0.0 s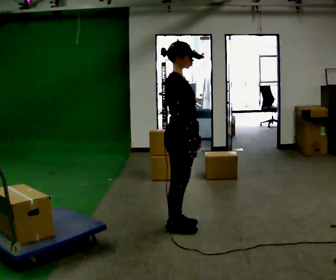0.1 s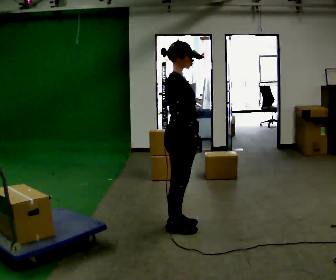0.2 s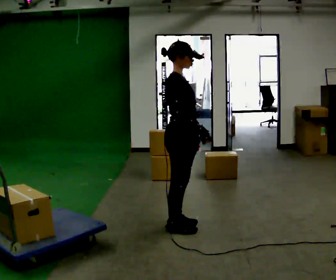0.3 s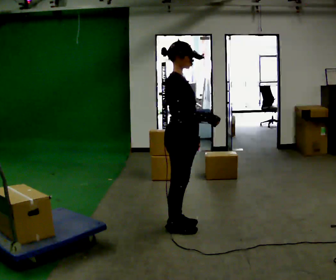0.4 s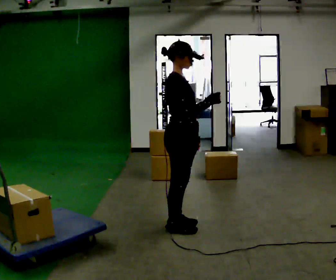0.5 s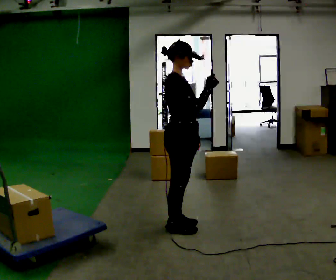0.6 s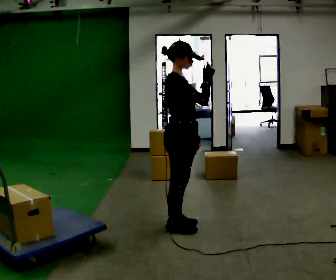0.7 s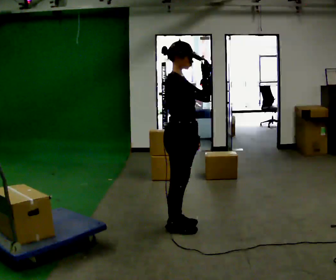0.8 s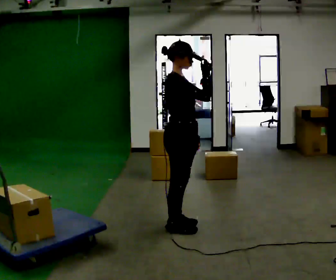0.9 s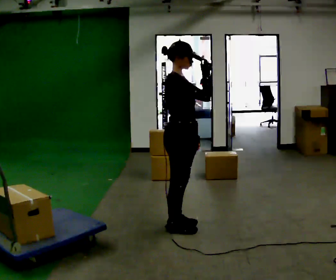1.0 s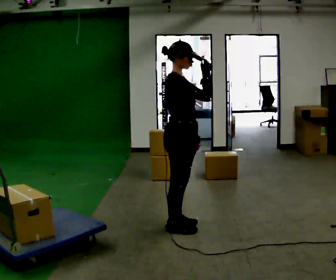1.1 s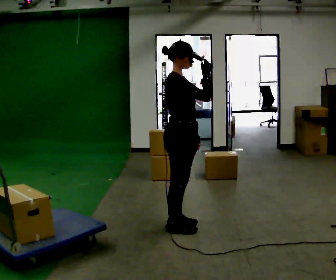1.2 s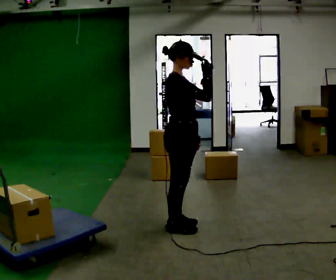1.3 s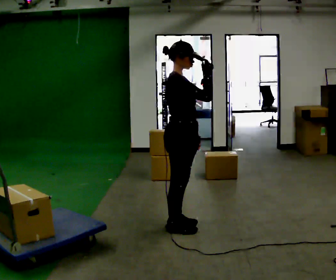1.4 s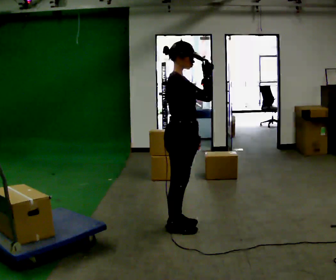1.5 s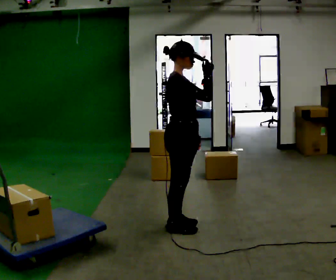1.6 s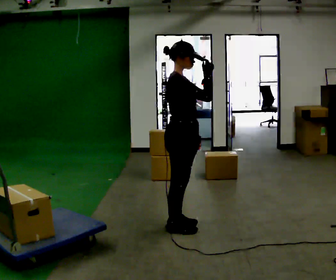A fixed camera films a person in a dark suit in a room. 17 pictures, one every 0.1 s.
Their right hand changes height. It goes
upward.
0.0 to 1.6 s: In the picture their right hand goes upward.
The film runs backward here.
